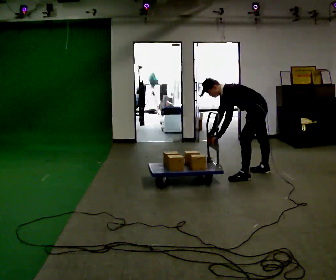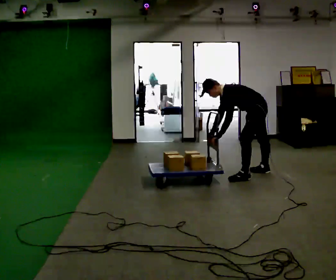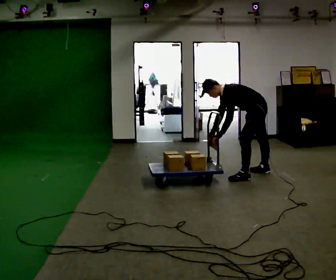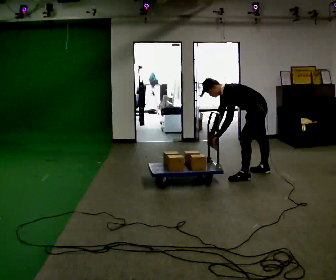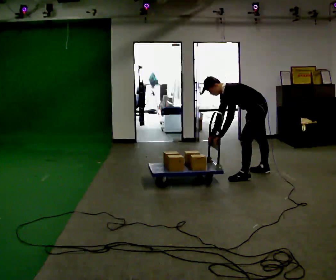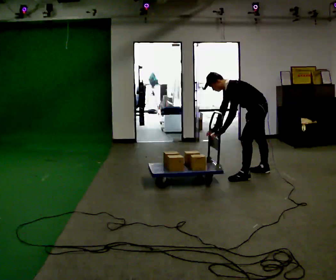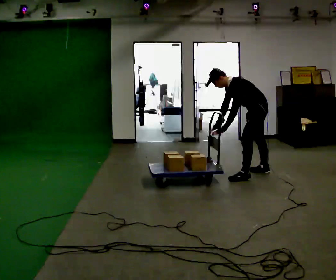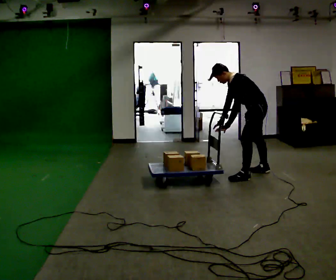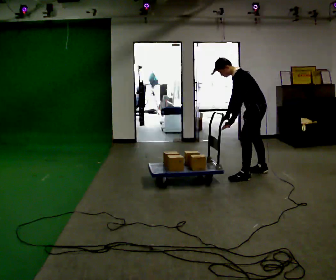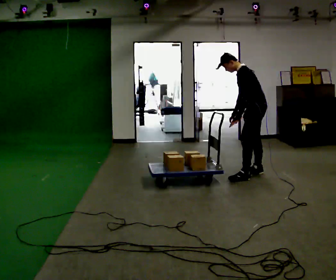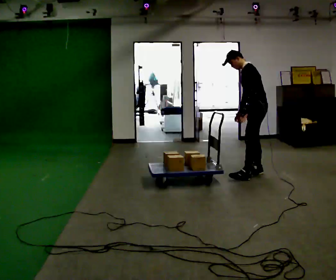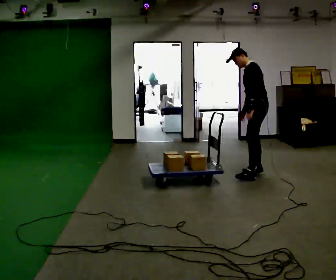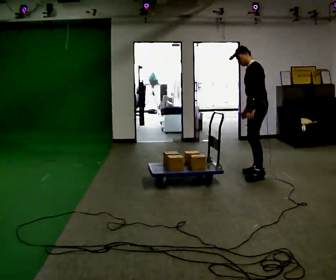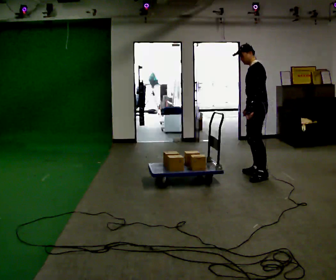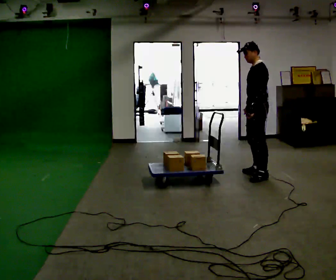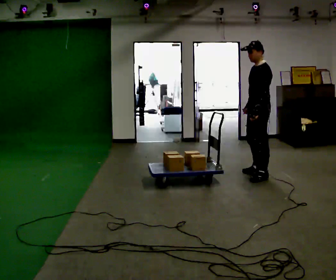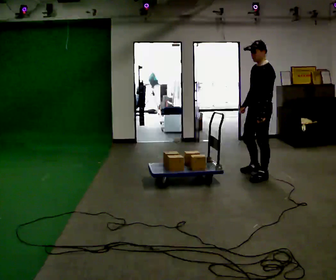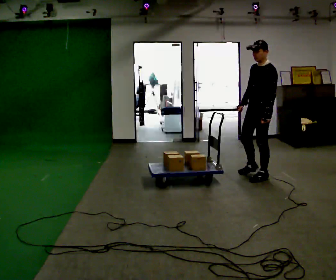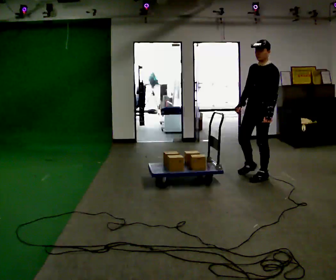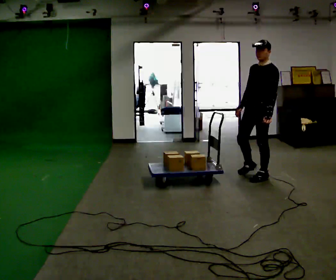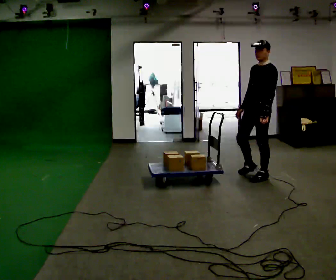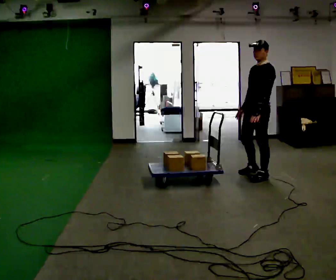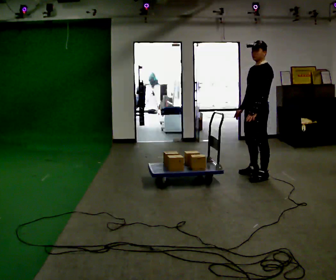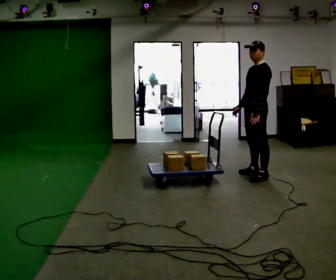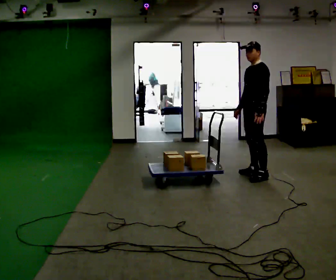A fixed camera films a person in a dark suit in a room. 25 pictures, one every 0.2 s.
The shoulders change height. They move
upward.
The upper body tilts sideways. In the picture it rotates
clockwise.
0.0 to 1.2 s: In the picture the upper body tilts clockwise, shoulders to the right, as they lean back or straighten.
1.2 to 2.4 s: The shoulders move upward. In the picture the upper body tilts clockwise, shoulders to the right, as they lean back or straighten. In the picture their left hand goes to the right.
2.4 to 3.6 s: Seen from above the body turns counterclockwise, about 30 degrees: to their left, with its near side sliding to the right. In the picture they go toward the camera, about 0.25 m, which for them is to their left. In the picture the upper body tilts clockwise, shoulders to the right.
3.6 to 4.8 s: The person moves a little, or ends about where they began.
The film runs backward here.
